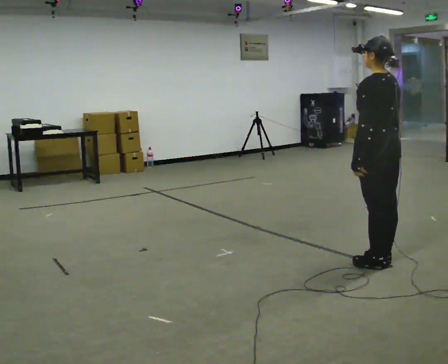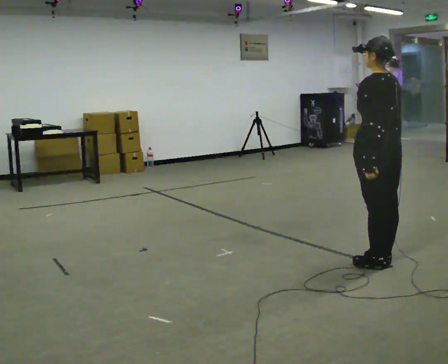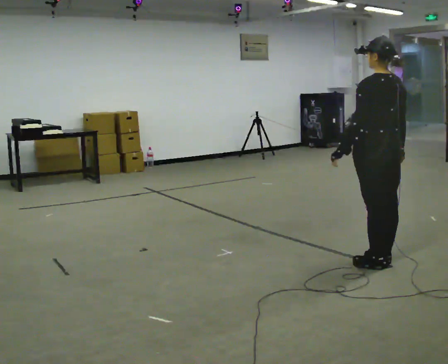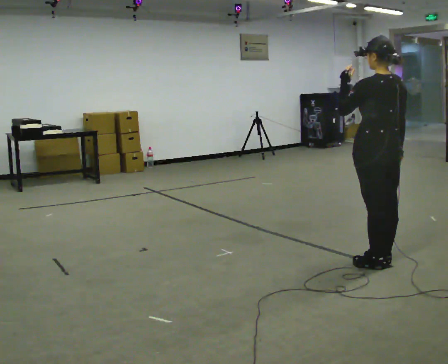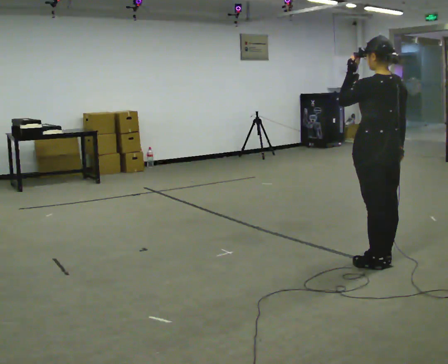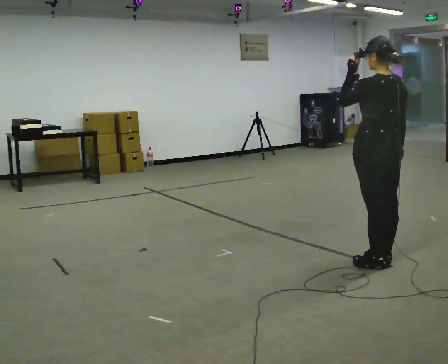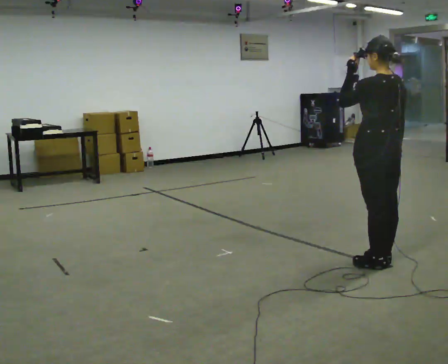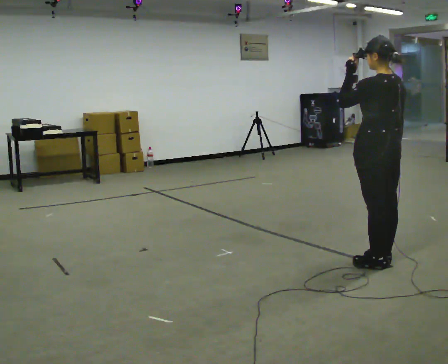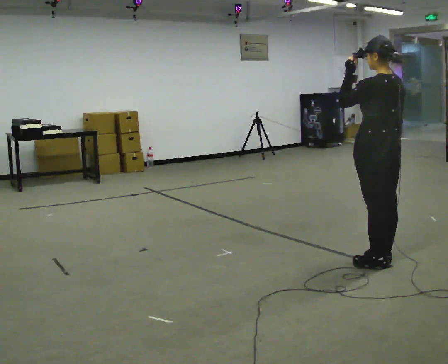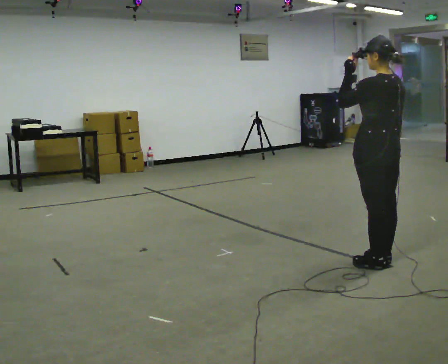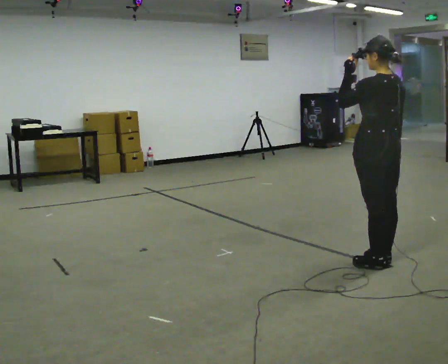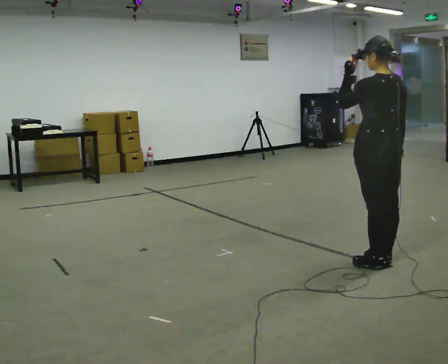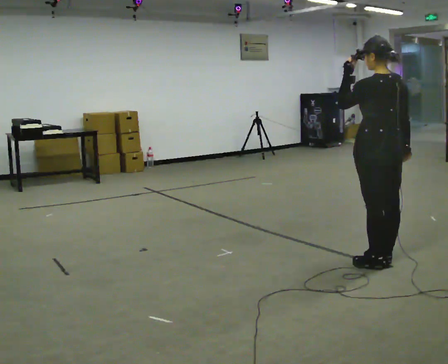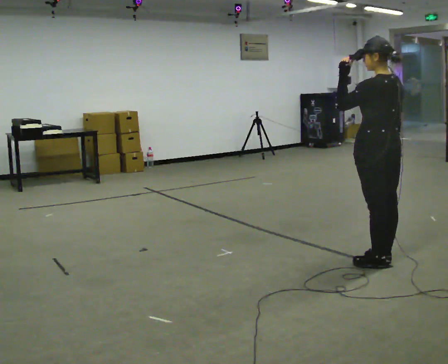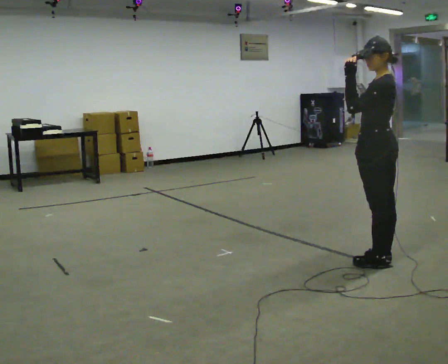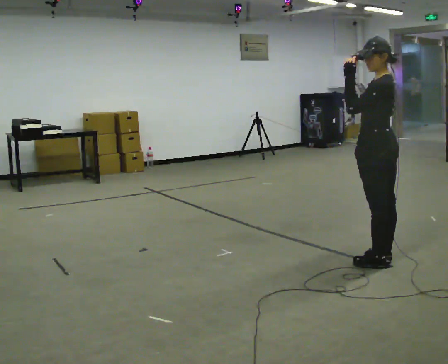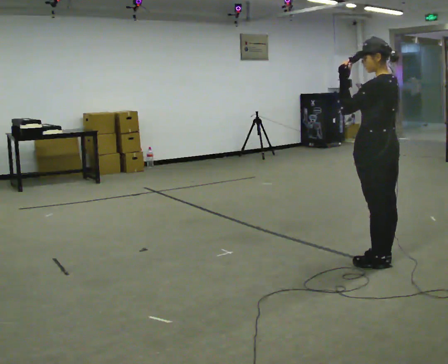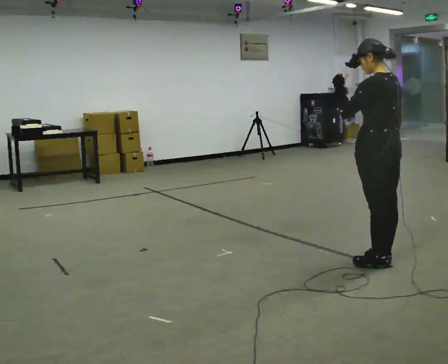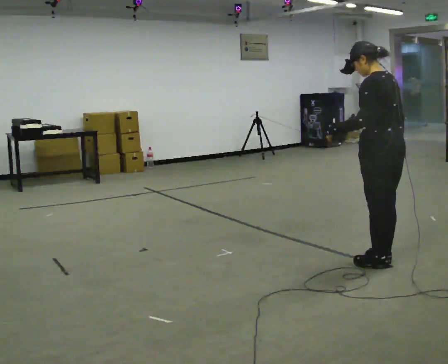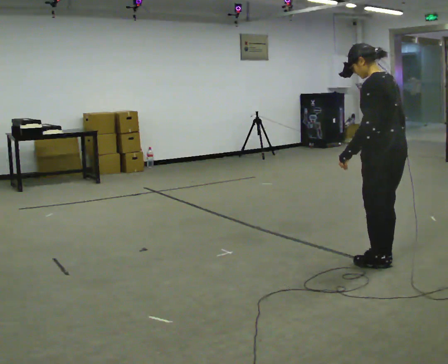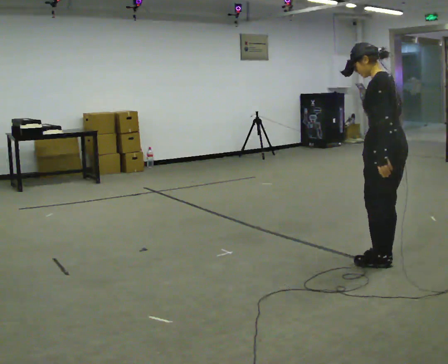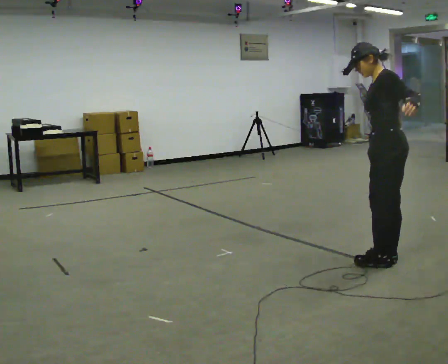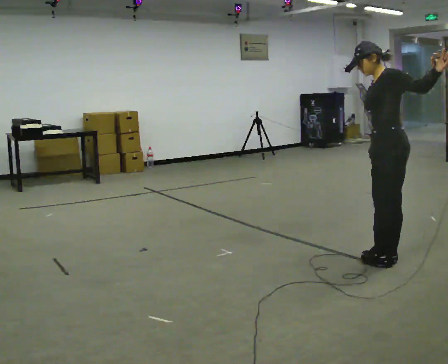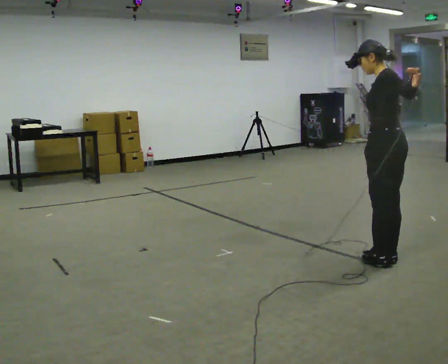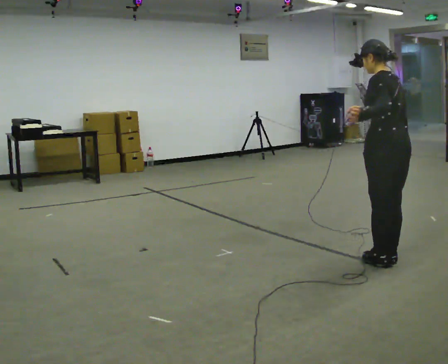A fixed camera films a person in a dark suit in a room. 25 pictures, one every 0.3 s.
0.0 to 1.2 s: In the picture their left hand goes upward.
1.2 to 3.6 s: The person moves a little, or ends about where they began.
3.6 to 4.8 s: Seen from above the body turns counterclockwise, about 30 degrees: to their left, with its near side sliding to the right.
4.8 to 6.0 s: In the picture their left hand goes downward.
6.0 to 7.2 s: The person moves a little, or ends about where they began.
The film runs backward here.
